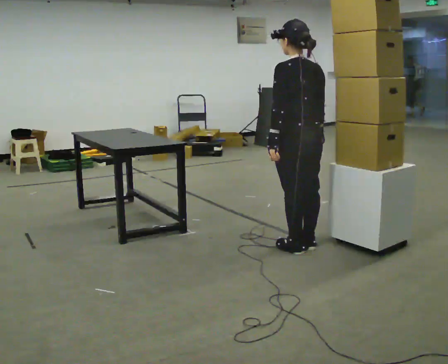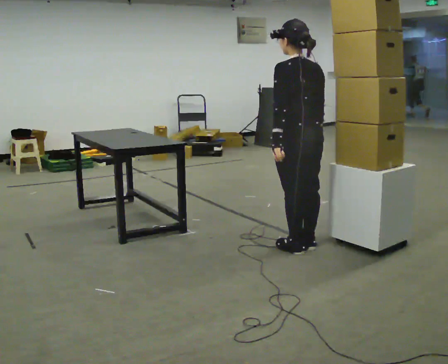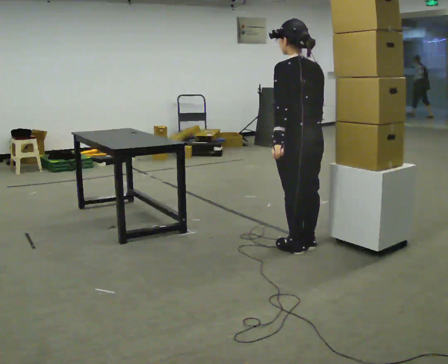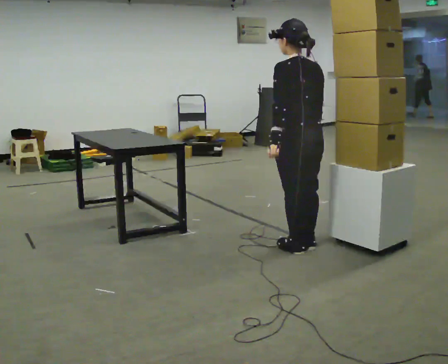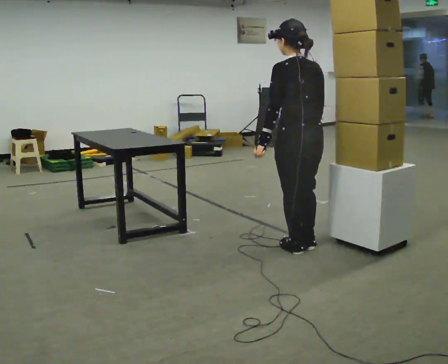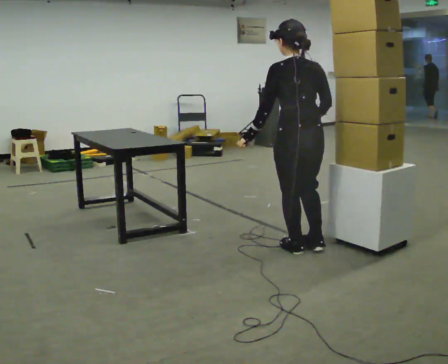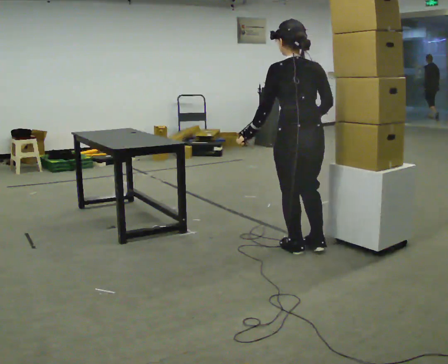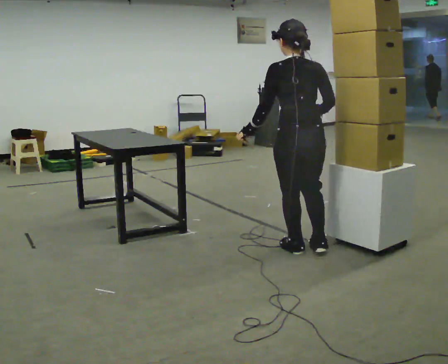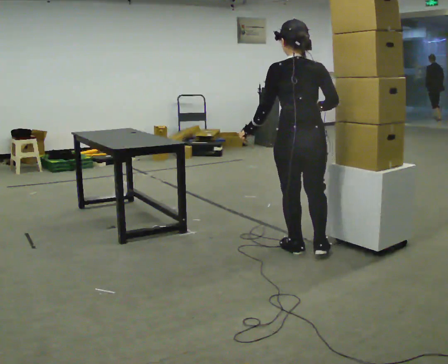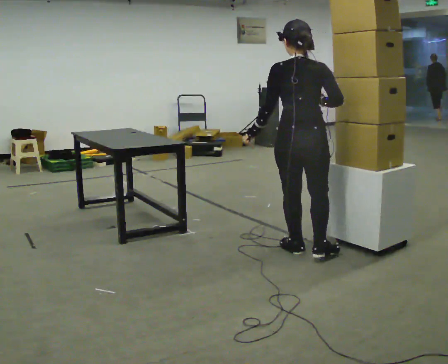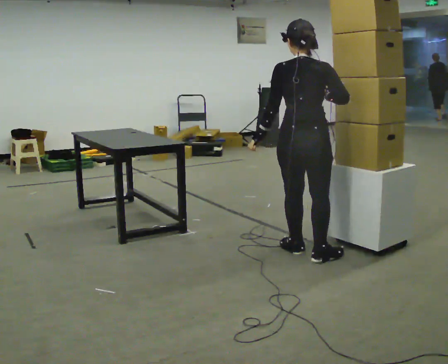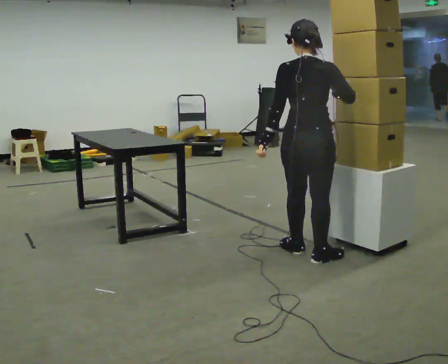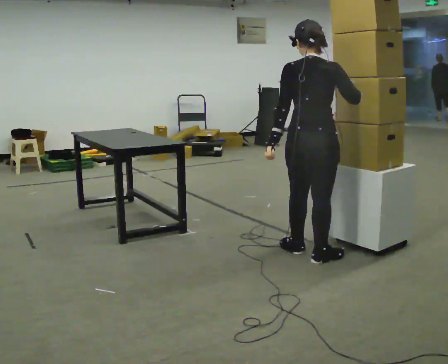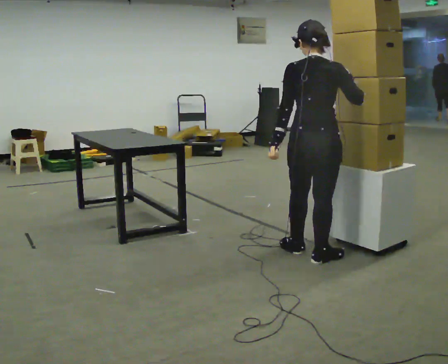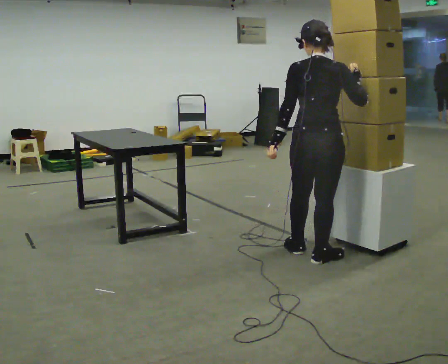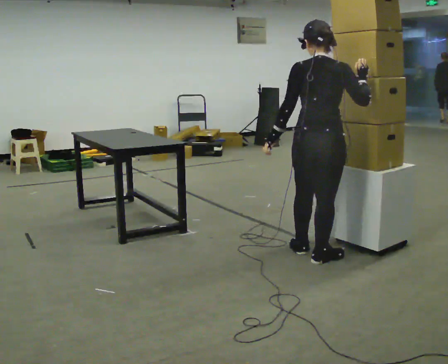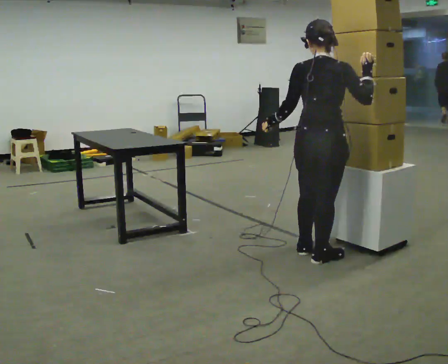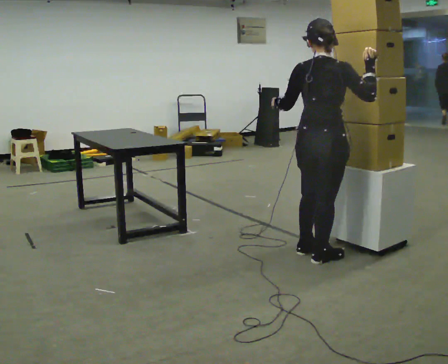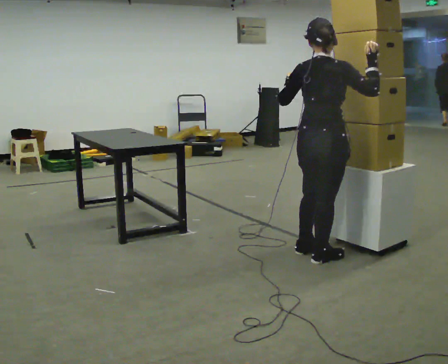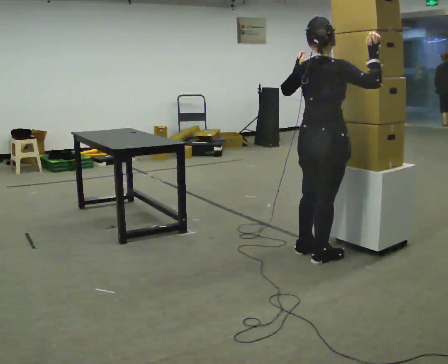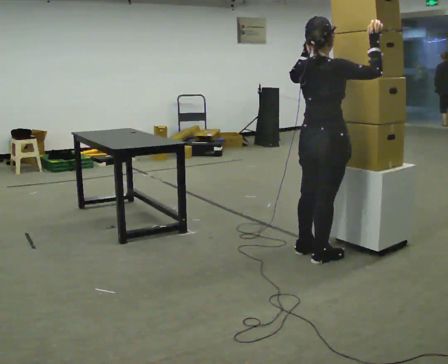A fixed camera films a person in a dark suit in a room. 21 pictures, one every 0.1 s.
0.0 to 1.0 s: Seen from above the body turns clockwise, about 45 degrees: to their right, with its near side sliding to the left.
1.0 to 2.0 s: The person turns about 45 degrees to their right, clockwise seen from above, so the part of the body nearest the lens slides to the left. In the picture their left hand goes upward.
The film runs backward here.
